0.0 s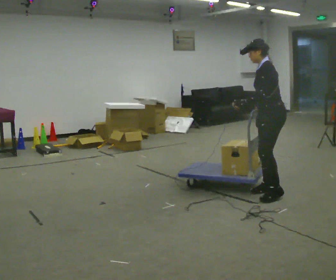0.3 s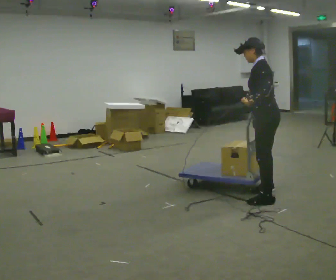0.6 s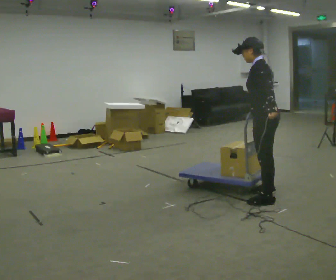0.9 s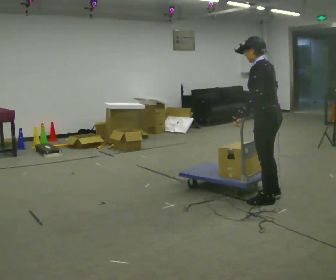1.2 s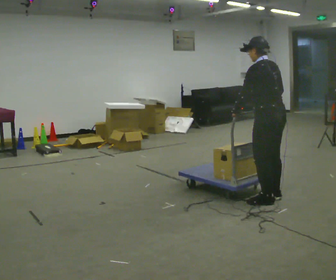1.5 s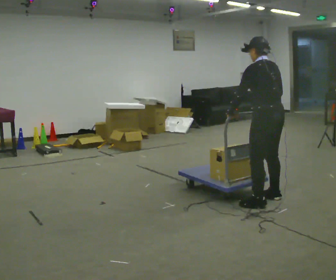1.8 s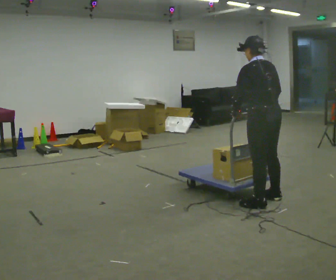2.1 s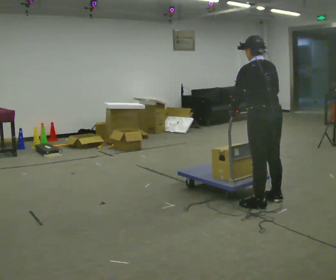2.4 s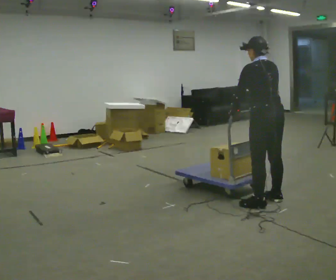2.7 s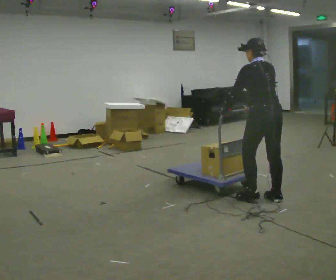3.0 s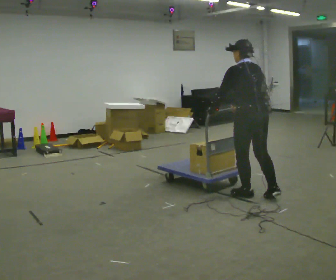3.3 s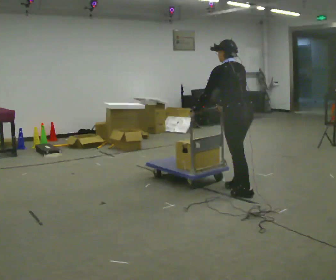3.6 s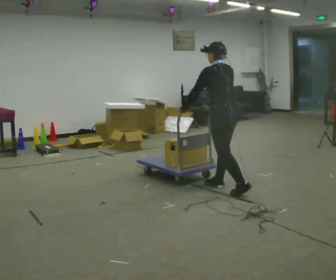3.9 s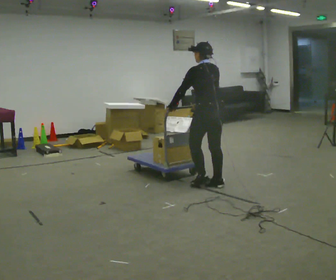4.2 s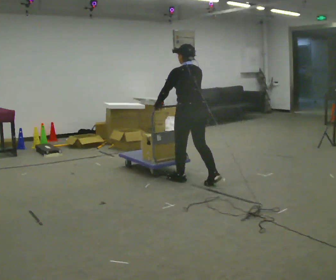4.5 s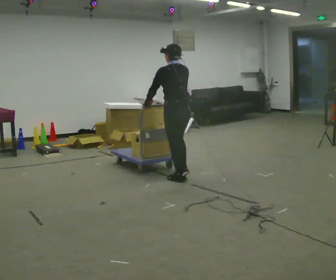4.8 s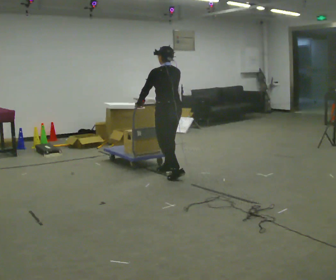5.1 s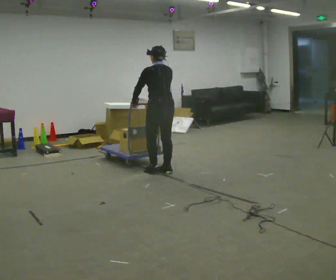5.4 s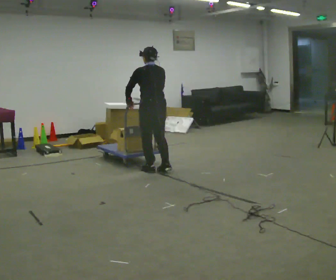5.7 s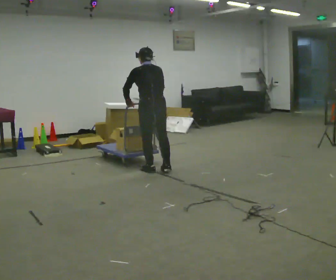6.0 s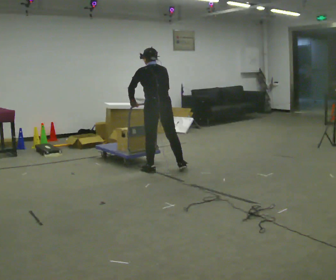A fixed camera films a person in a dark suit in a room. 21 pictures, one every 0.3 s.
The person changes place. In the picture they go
to the left.
0.0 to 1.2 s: The person turns about 45 degrees to their right, clockwise seen from above, so the part of the body nearest the lens slides to the left. In the picture they go toward the camera, about 0.25 m in 2 steps, which for them is to their left.
1.2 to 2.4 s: The person moves a little, or ends about where they began.
2.4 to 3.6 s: In the picture they go to the left and away from the camera, about 0.5 m in 2 steps, which for them is forward.
3.6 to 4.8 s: In the picture they go to the left and away from the camera, about 1 m in 2 steps, which for them is forward.
4.8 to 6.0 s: In the picture they go to the left and away from the camera, about 0.25 m in 1 step, which for them is forward.
The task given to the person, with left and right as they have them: Stand still with your hands on the cart. When the operator says go, get it moving, push it a few metres, then bring it to a stop. Repeat until the operator says stop.
The film runs forward here.
